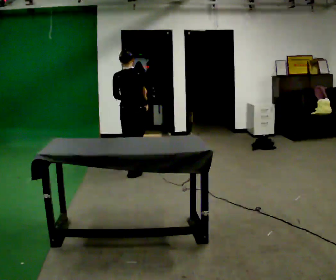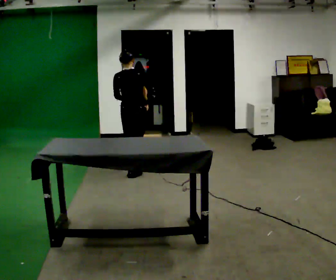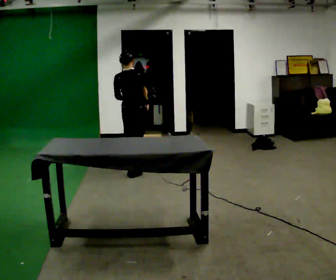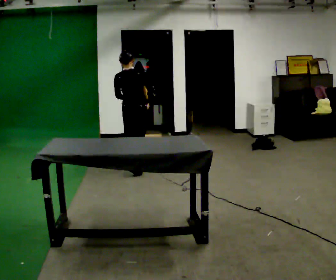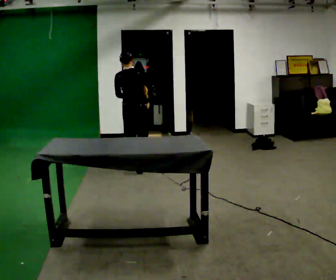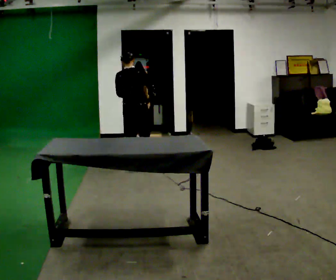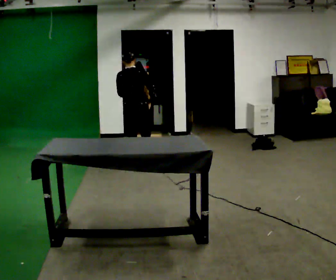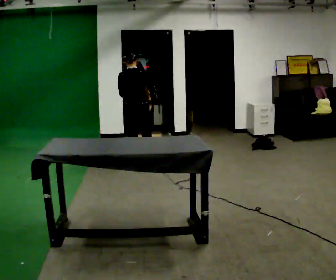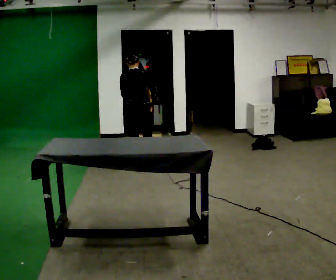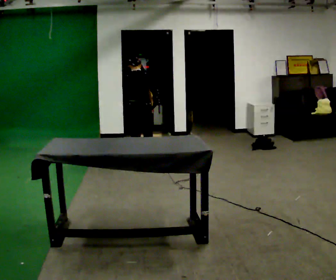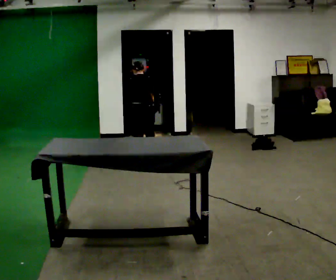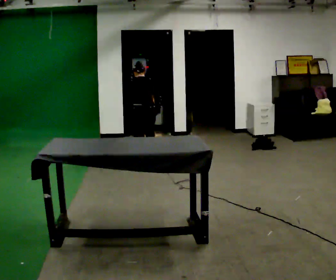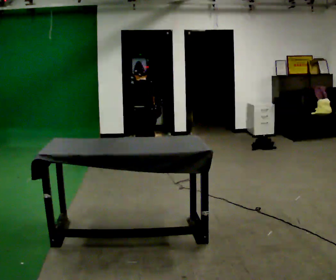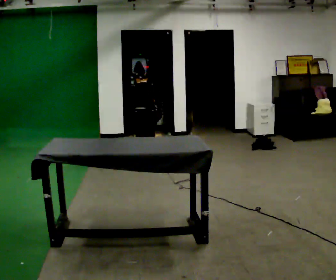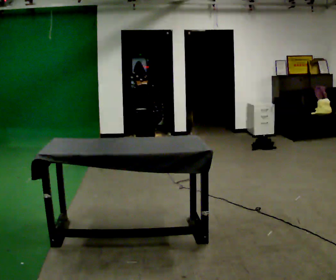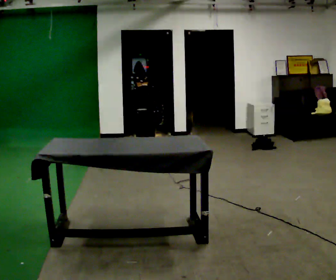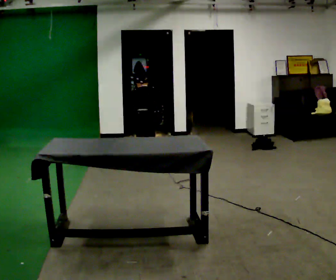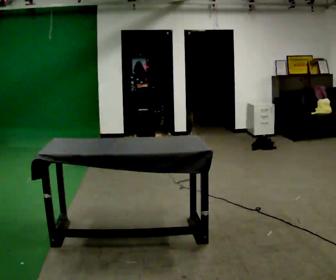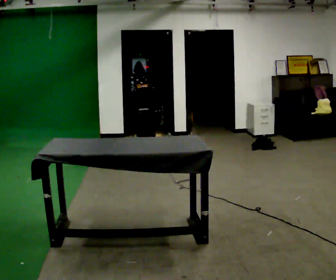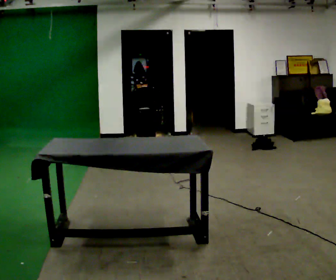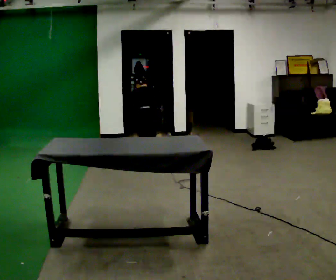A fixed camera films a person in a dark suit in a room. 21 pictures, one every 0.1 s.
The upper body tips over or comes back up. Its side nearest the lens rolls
upward.
Their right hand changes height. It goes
downward.
0.0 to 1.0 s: In the picture they go away from the camera, about 0.5 m in 2 steps, which for them is forward. The upper body tips away from the camera, its near side rolling upward, as they bend forward.
1.0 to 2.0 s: The upper body tips away from the camera, its near side rolling upward, as they bend forward.
The film runs forward here.
